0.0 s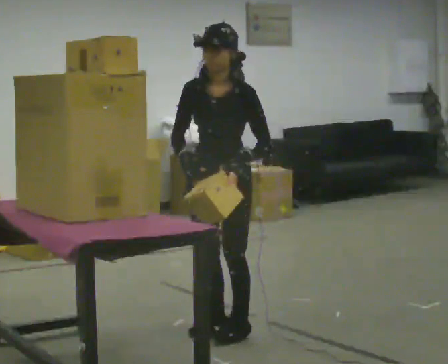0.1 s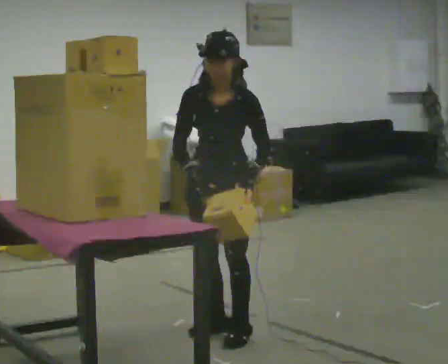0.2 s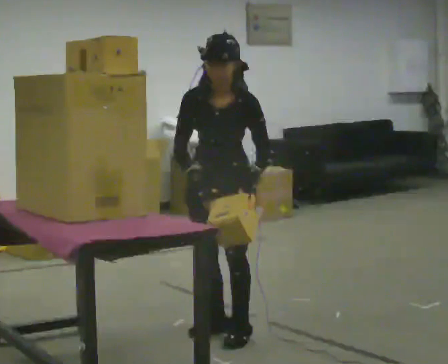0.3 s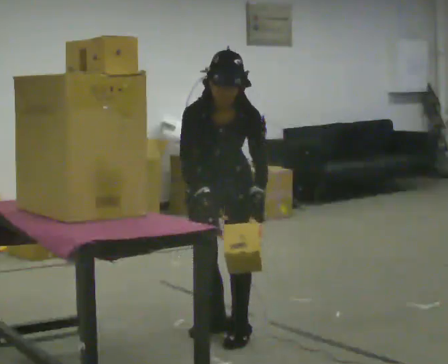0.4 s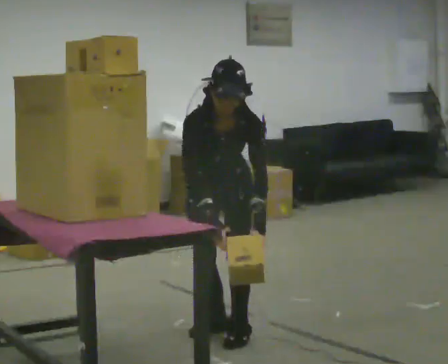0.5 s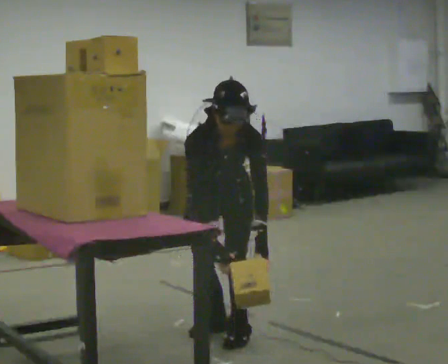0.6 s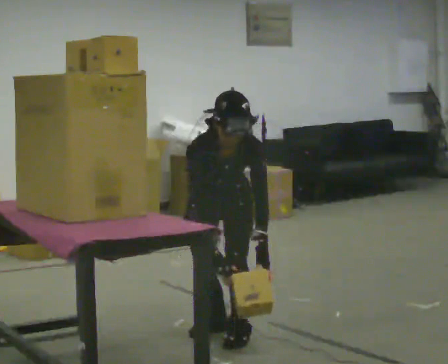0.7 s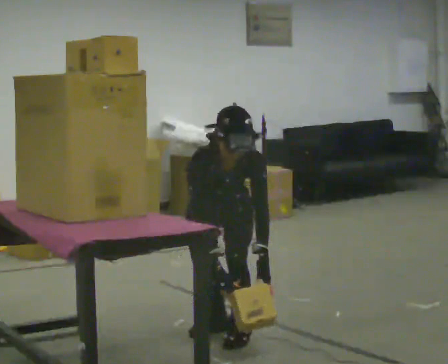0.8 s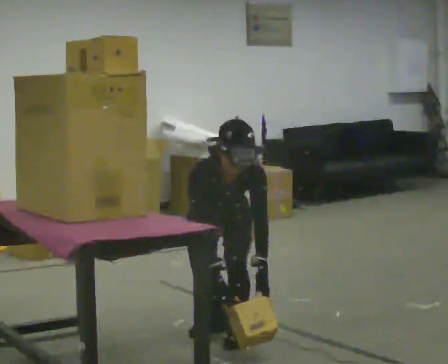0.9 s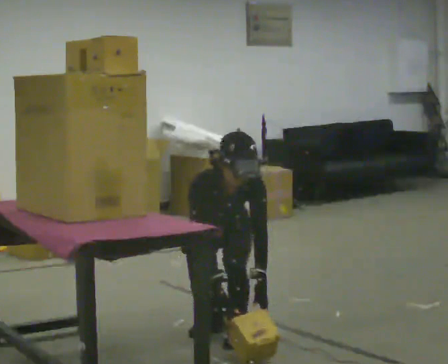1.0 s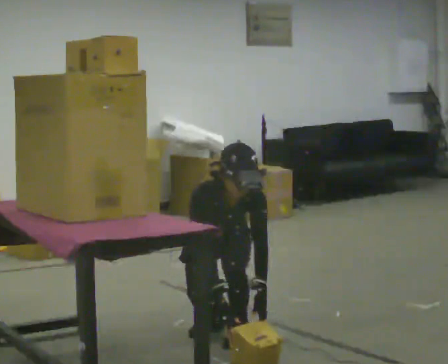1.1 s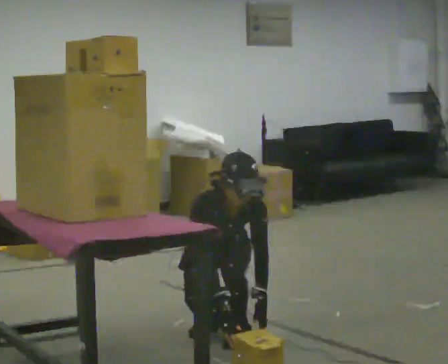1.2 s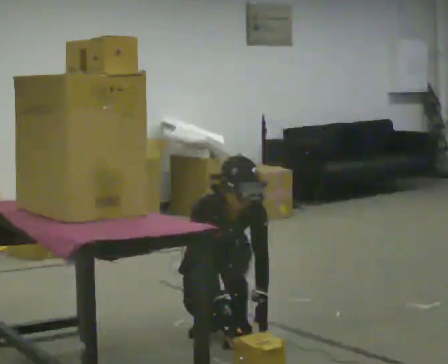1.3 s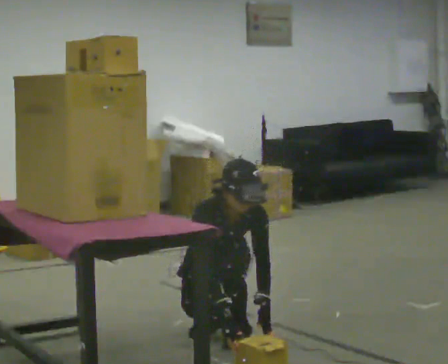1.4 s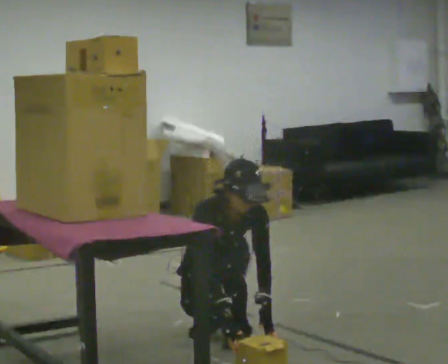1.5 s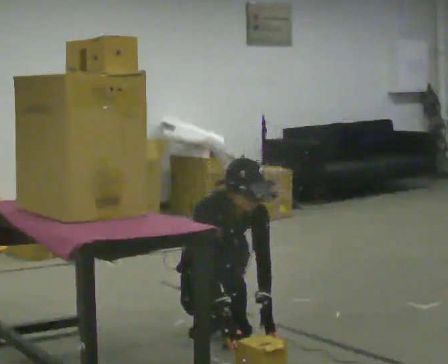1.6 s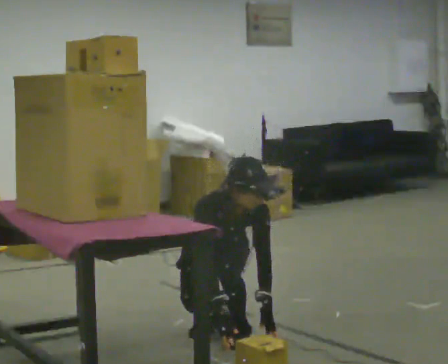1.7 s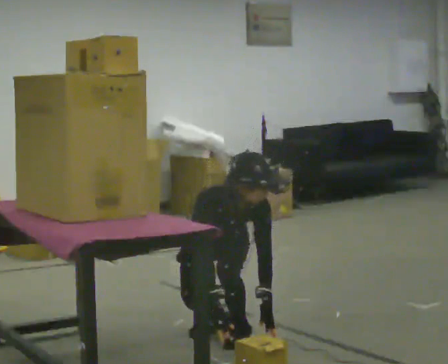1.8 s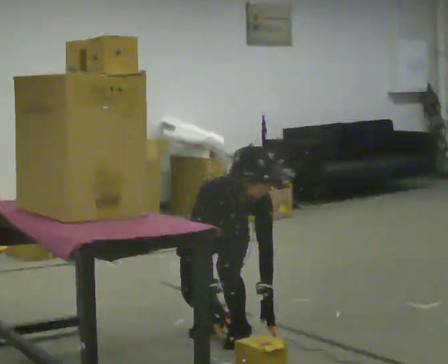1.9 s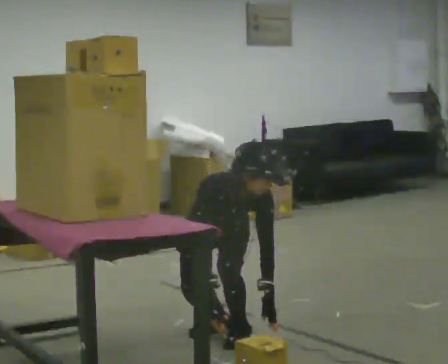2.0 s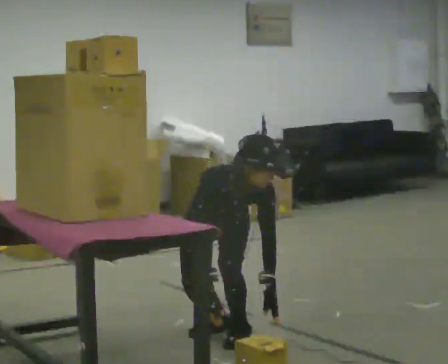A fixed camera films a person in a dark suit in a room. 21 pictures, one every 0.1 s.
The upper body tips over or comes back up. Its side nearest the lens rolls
downward.
Their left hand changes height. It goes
downward.
0.0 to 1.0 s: Seen from above the body turns counterclockwise, about 30 degrees: to their left, with its near side sliding to the right. The shoulders move downward. The upper body tips toward the camera, its near side rolling downward, as they bend forward. In the picture their right hand goes downward.
1.0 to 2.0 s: In the picture the upper body tilts clockwise, shoulders to the right.
The film runs backward here.
